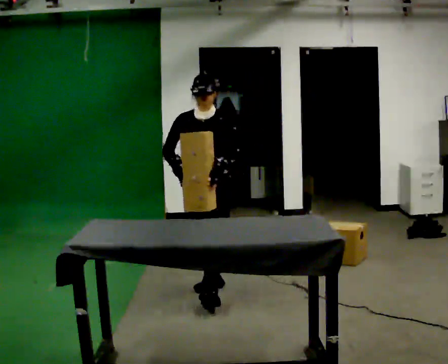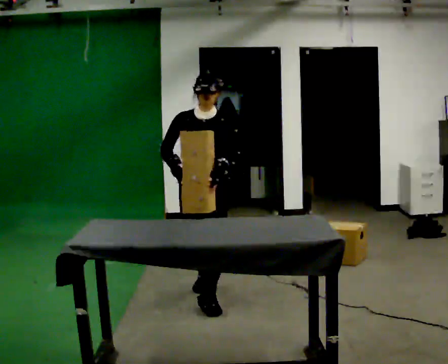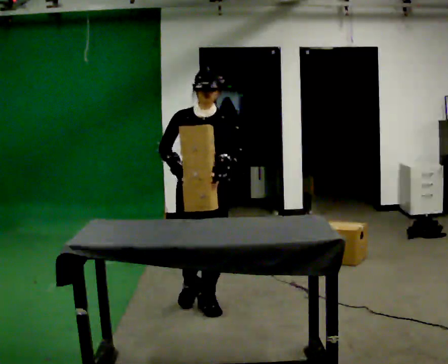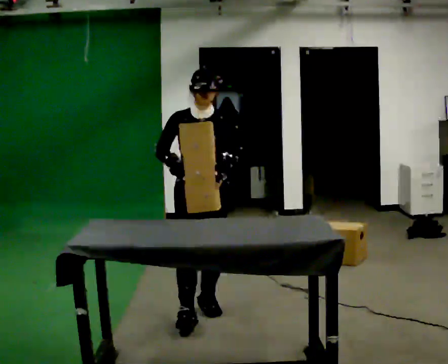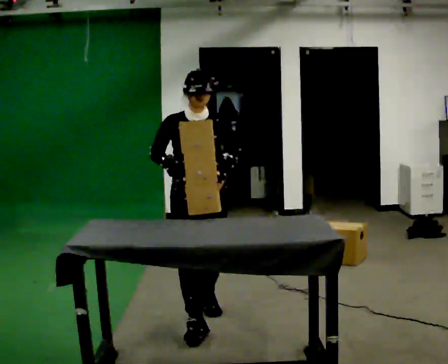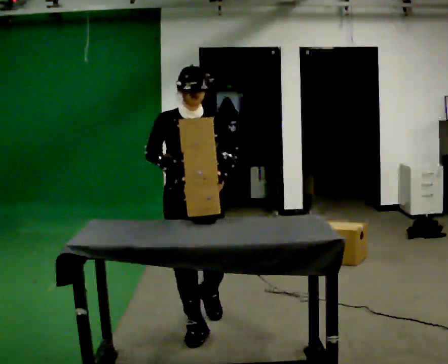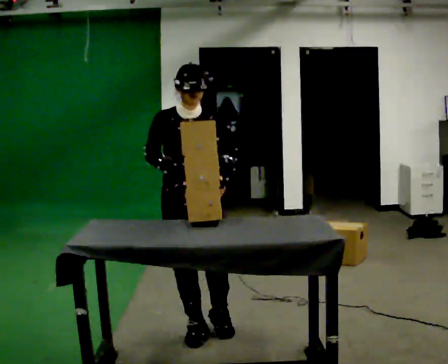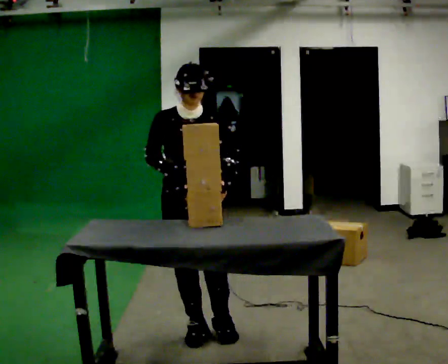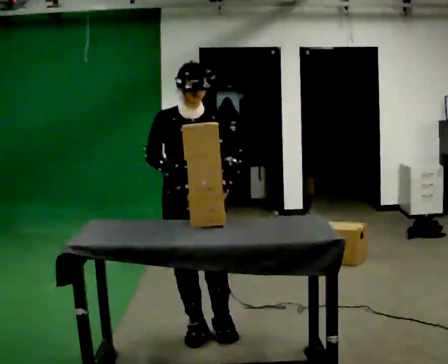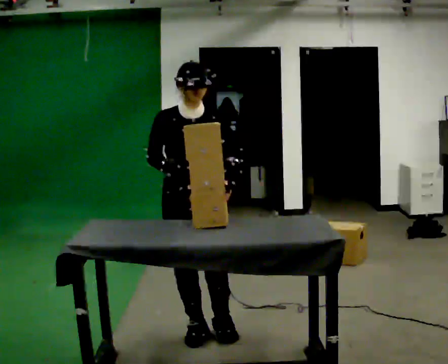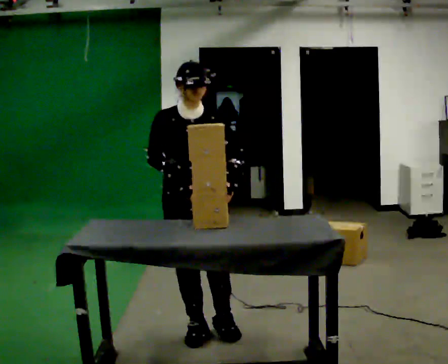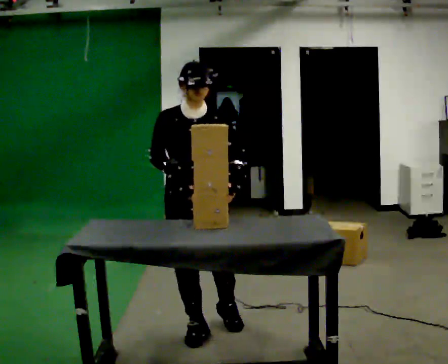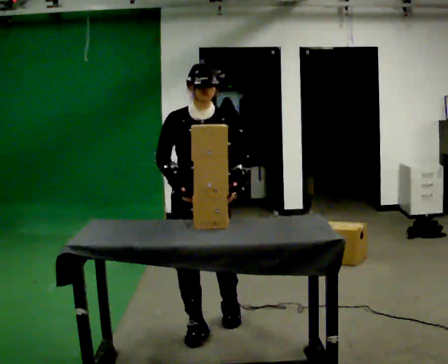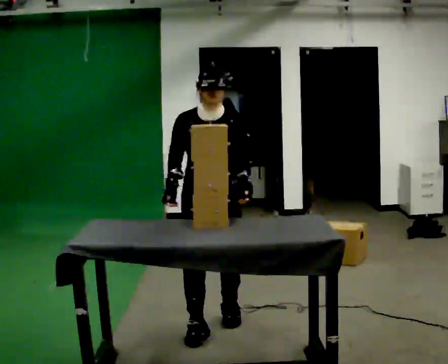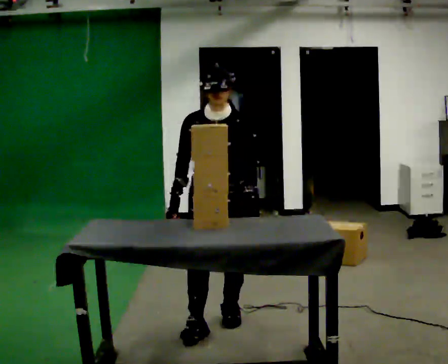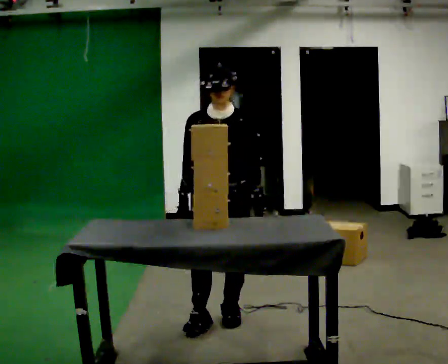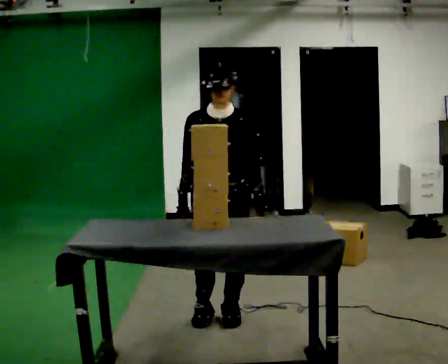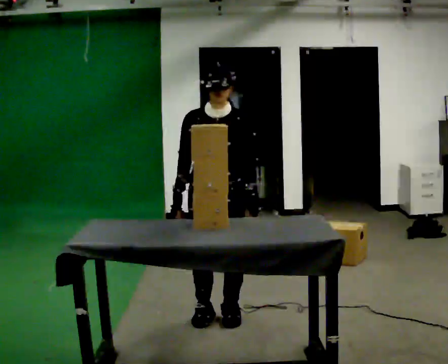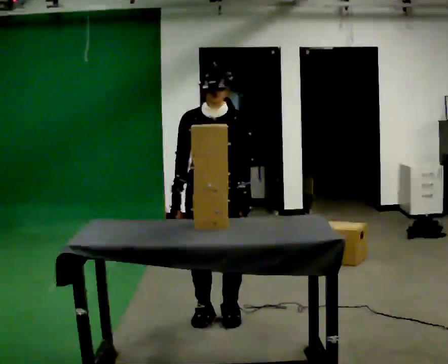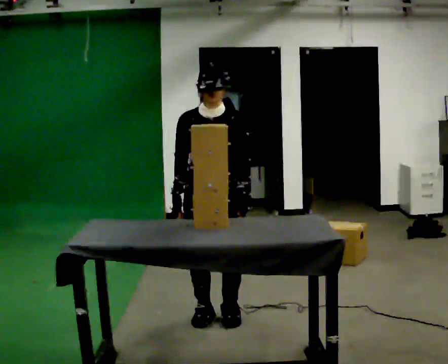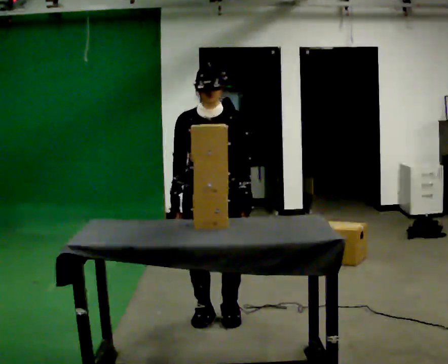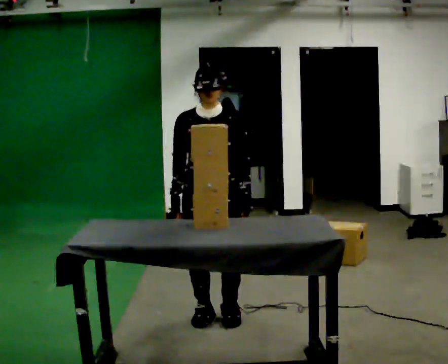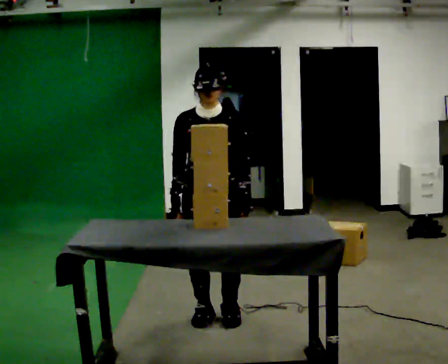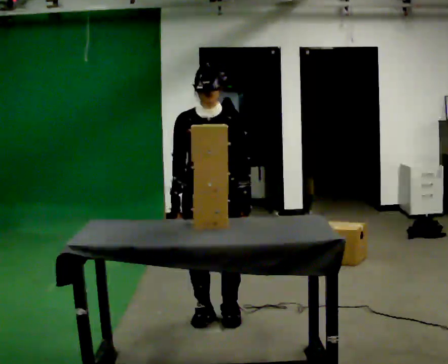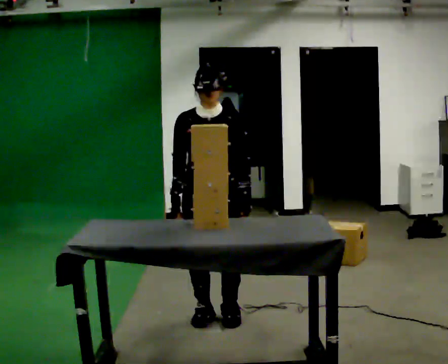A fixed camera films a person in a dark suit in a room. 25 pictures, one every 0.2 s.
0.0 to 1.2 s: In the picture they go toward the camera, about 1 m in 2 steps, which for them is forward.
1.2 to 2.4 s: The person moves a little, or ends about where they began.
2.4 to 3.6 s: In the picture they go away from the camera, about 0.25 m in 1 step, which for them is backward.
3.6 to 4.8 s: The person moves a little, or ends about where they began.
The film runs forward here.
